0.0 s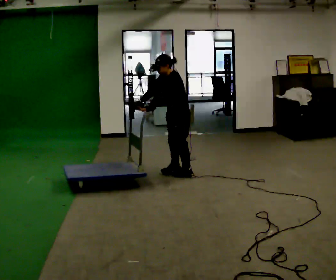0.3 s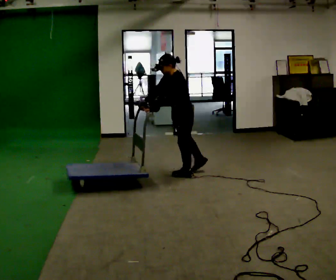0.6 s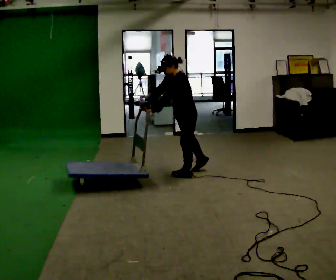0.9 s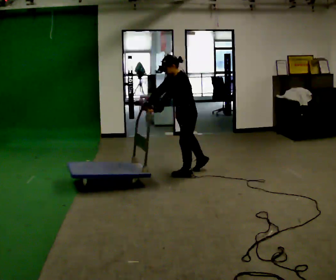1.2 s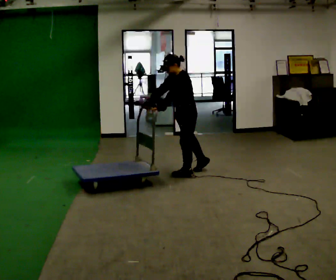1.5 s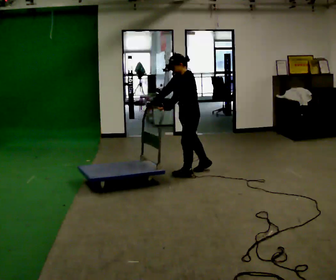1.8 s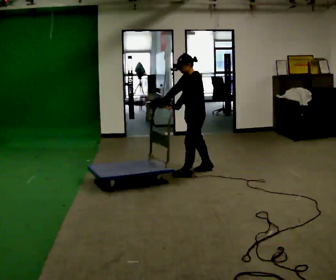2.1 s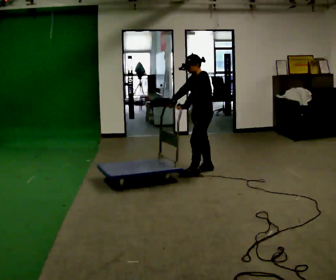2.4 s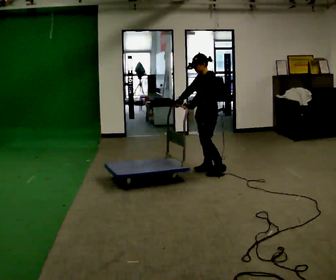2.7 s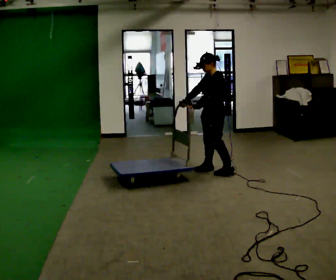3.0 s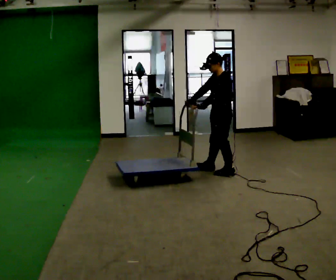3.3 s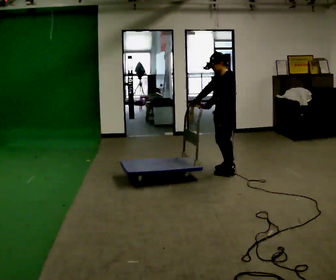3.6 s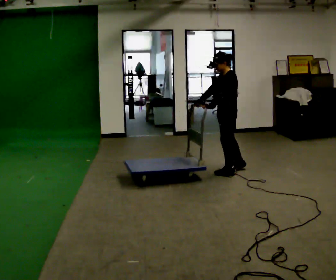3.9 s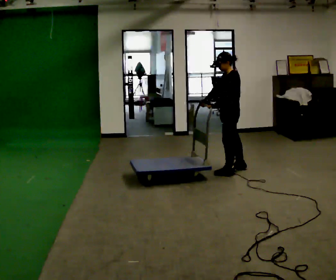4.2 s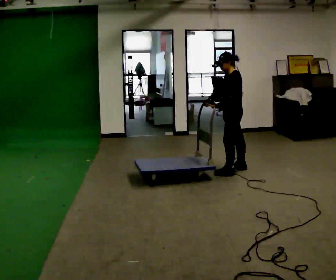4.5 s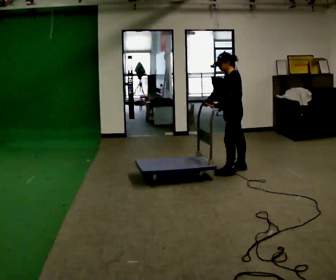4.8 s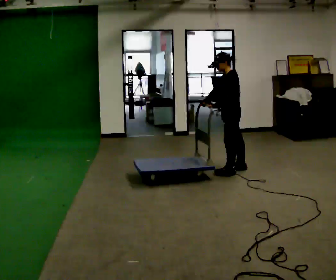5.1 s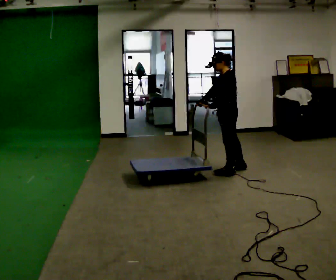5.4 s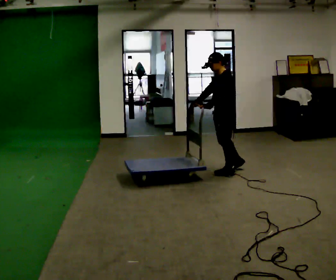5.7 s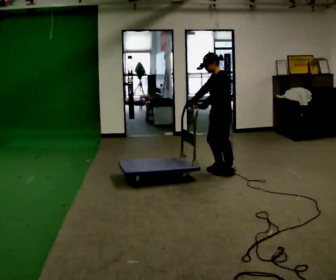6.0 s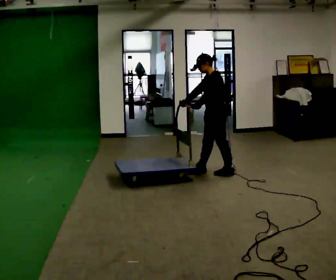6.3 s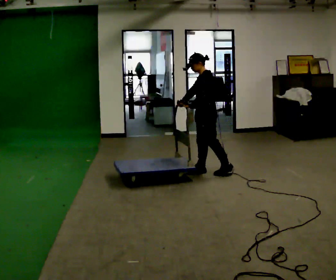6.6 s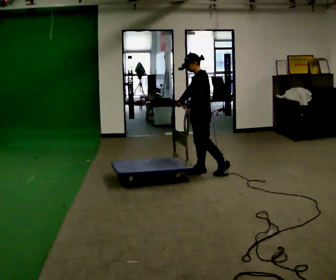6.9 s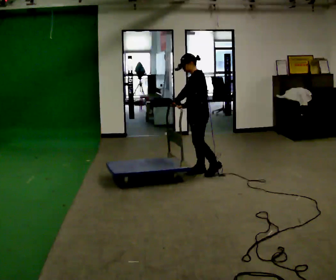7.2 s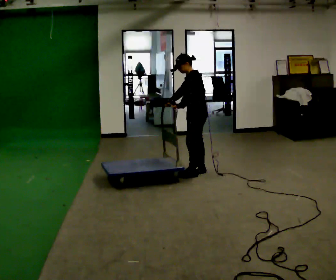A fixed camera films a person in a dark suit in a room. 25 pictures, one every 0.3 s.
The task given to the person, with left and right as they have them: Get the cart into the marked parking space and lined up with the tape. Take as many adjustments as you need. Then take it out again and repeat.
0.0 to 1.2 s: The person moves a little, or ends about where they began.
1.2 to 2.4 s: In the picture they go to the right and away from the camera, about 0.25 m, which for them is backward.
2.4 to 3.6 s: In the picture they go to the right, about 0.25 m in 2 steps, which for them is backward and to their left.
3.6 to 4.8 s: The person moves a little, or ends about where they began.
4.8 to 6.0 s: In the picture they go to the left, about 0.25 m in 1 step, which for them is forward.
6.0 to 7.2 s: In the picture they go to the left, about 0.25 m, which for them is forward.
The film runs forward here.
